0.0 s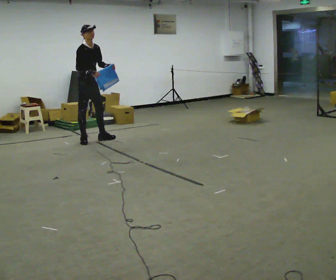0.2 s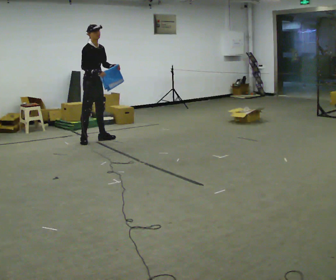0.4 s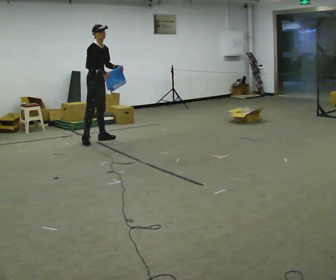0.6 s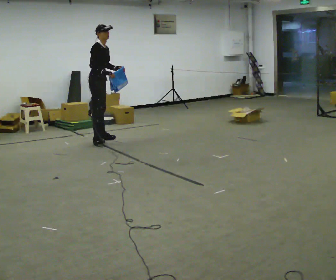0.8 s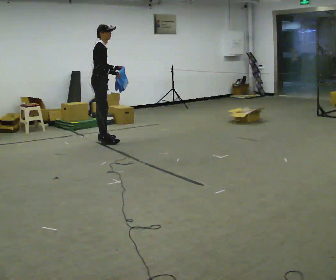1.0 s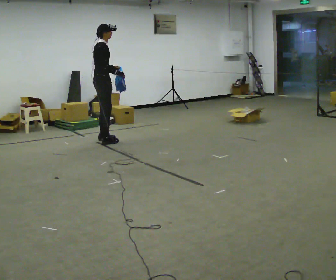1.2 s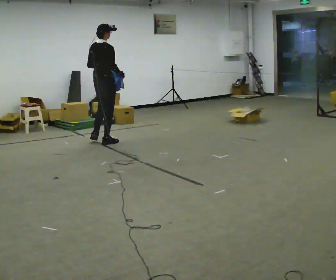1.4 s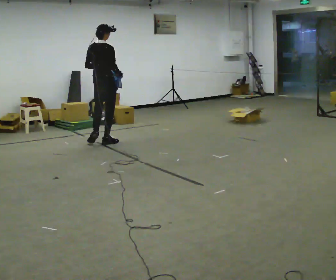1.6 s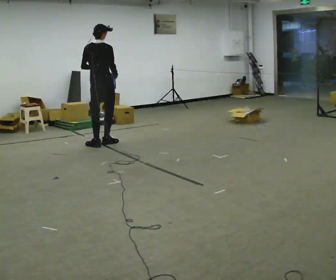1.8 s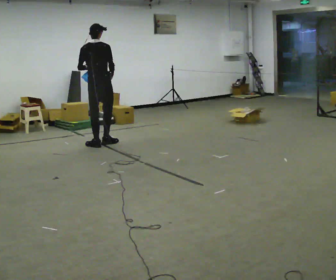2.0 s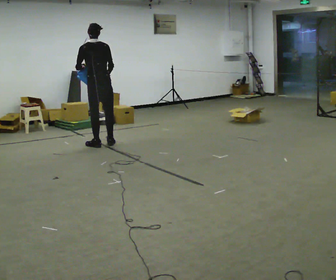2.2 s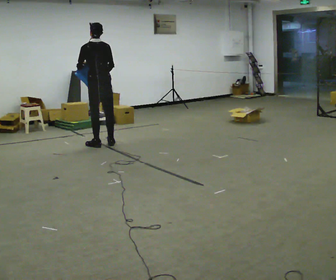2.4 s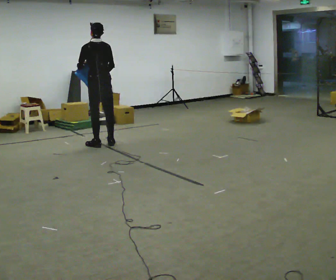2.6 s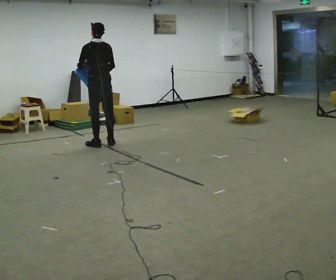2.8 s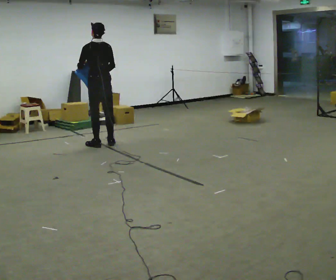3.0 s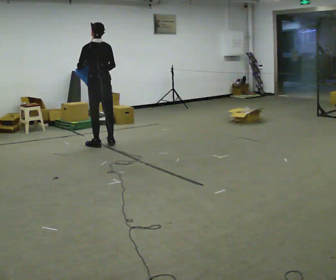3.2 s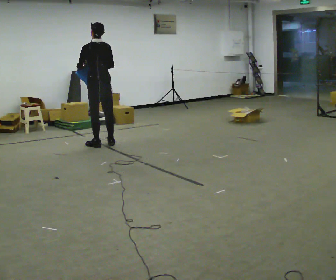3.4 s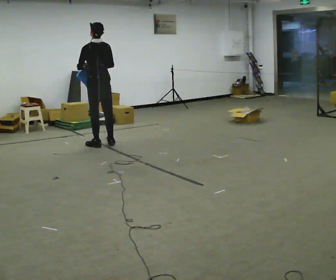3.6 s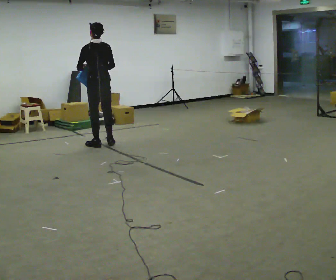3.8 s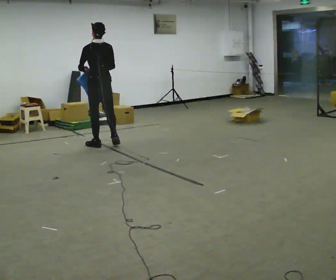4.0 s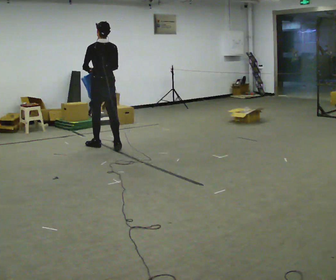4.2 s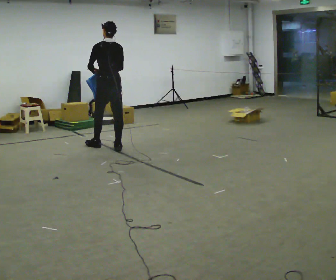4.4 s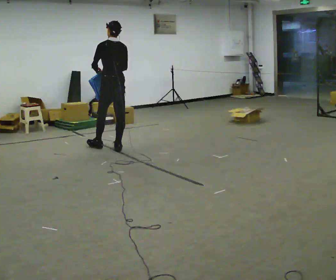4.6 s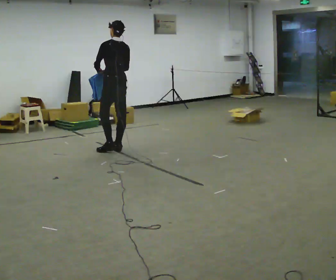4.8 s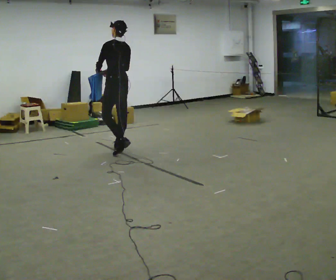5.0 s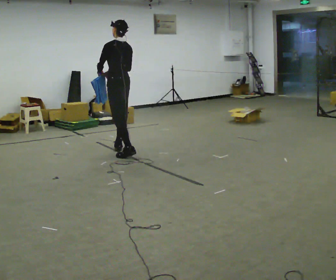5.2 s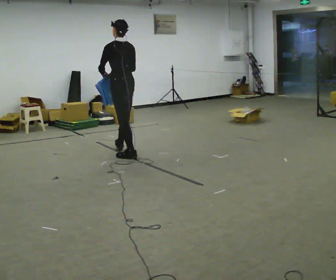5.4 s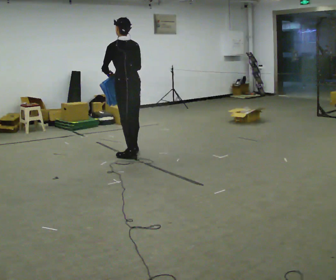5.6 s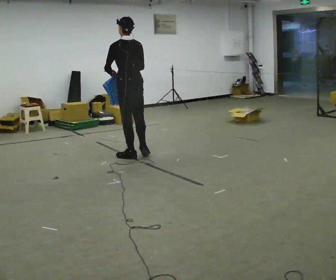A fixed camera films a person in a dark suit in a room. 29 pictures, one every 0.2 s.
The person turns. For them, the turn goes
to their left.
The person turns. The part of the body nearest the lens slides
to the right.
0.0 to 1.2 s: Seen from above the body turns counterclockwise, about 75 degrees: to their left, with its near side sliding to the right. In the picture they go to the right and toward the camera, about 0.25 m in 2 steps.
1.2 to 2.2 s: The person turns about 75 degrees to their left, counterclockwise seen from above, so the part of the body nearest the lens slides to the right. In the picture they go toward the camera, about 0.25 m. In the picture the upper body tilts counterclockwise, shoulders to the left.
2.2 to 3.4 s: The person moves a little, or ends about where they began.
3.4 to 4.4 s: In the picture they go toward the camera and to the right, about 0.25 m in 2 steps, which for them is backward.
4.4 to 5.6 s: In the picture they go toward the camera, about 0.5 m in 1 step, which for them is backward.
The film runs backward here.
